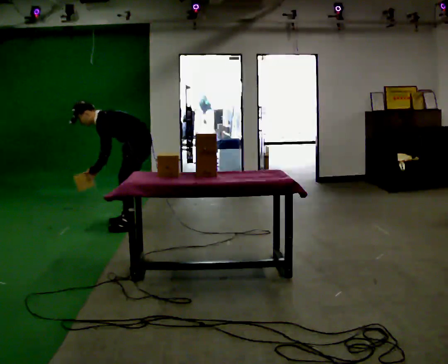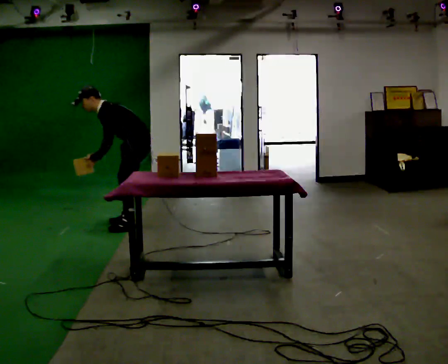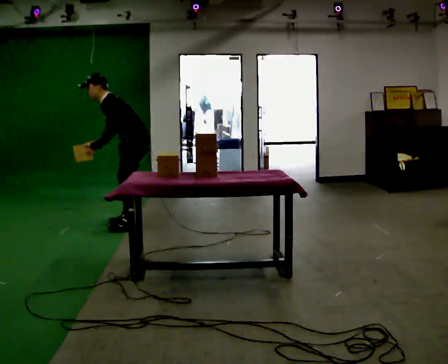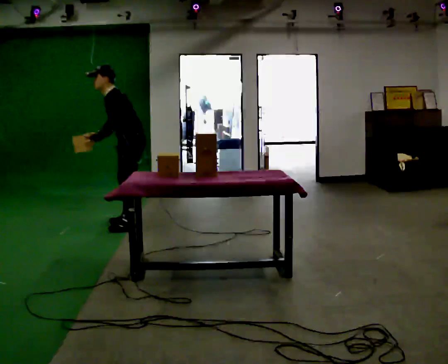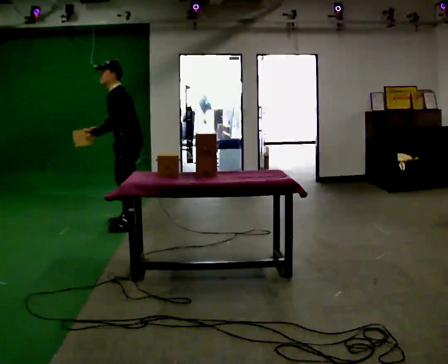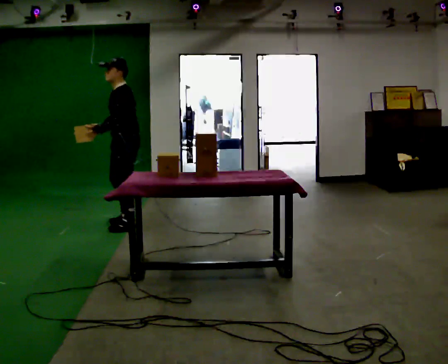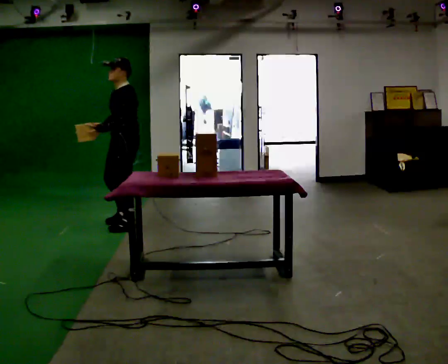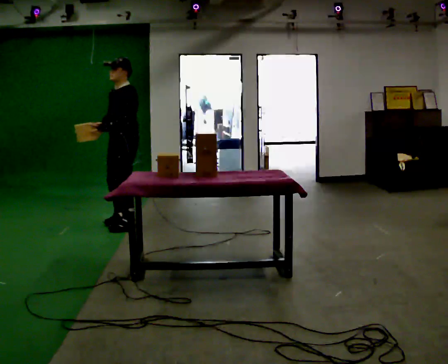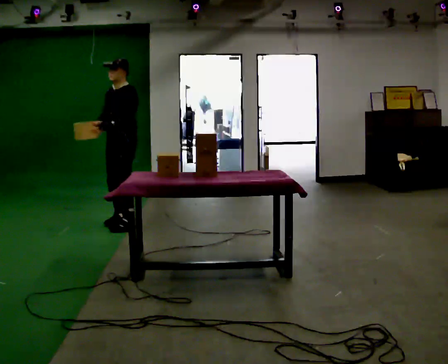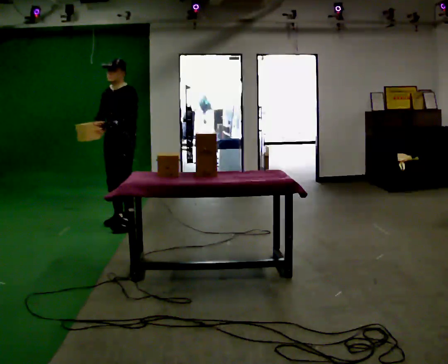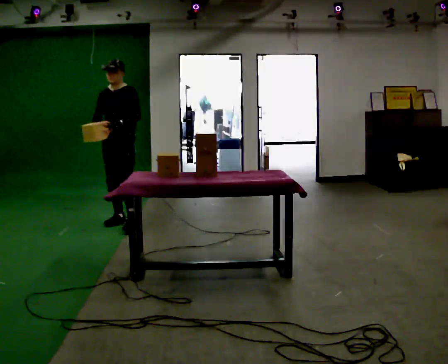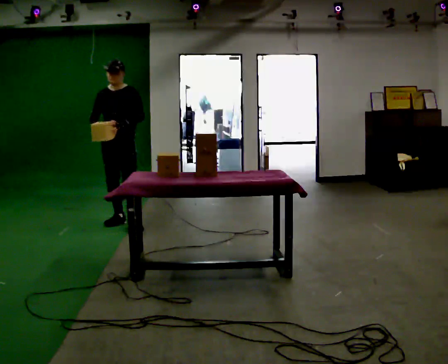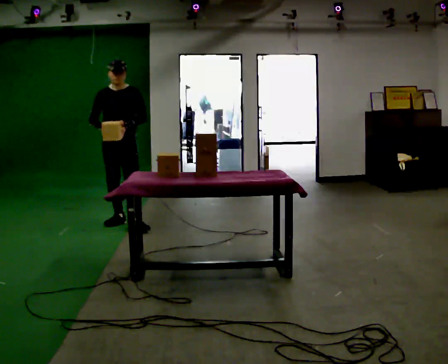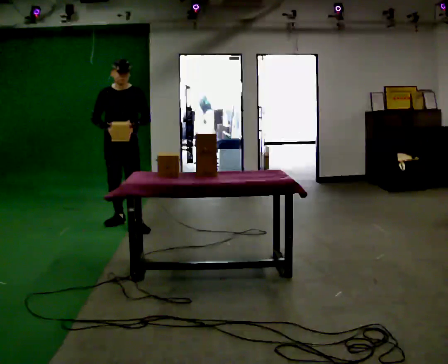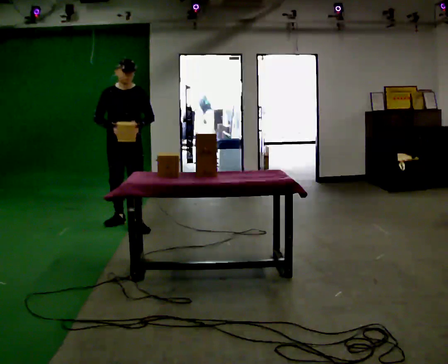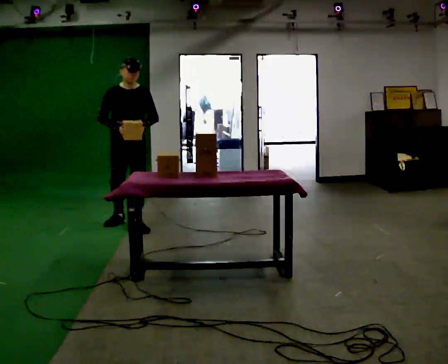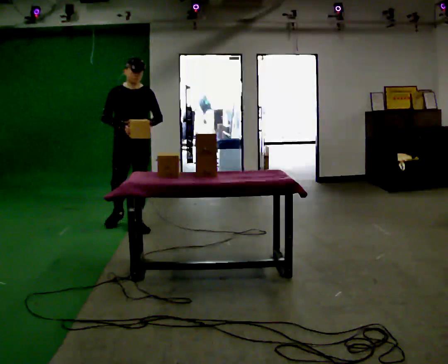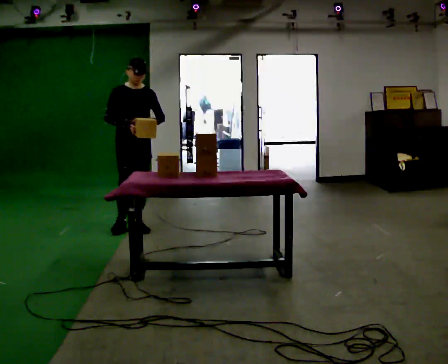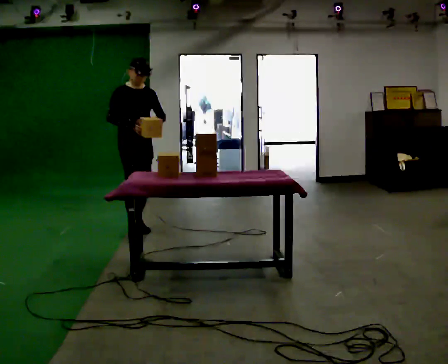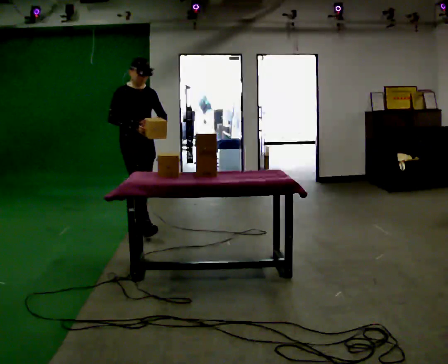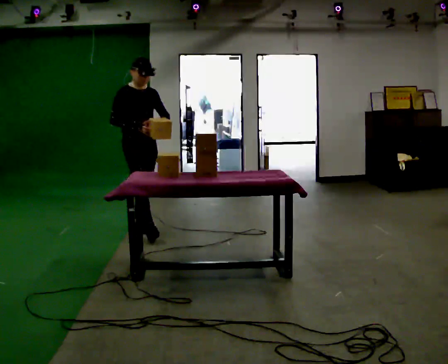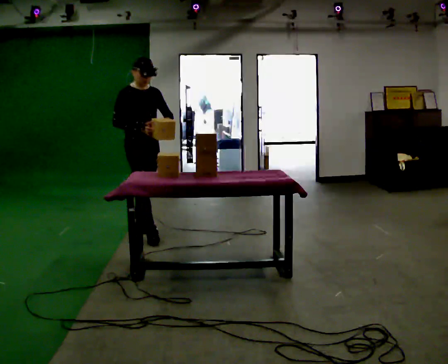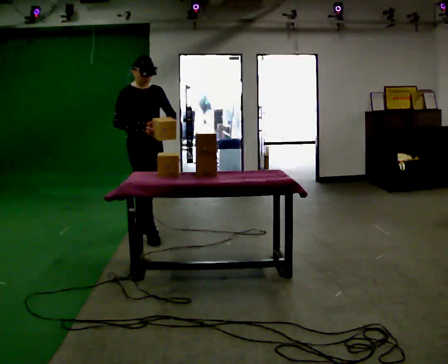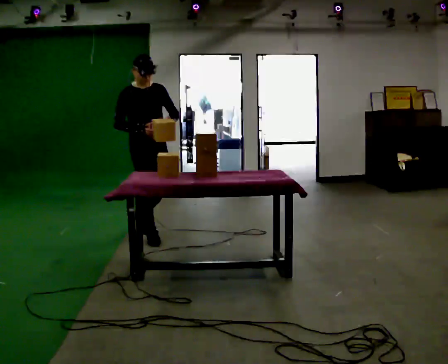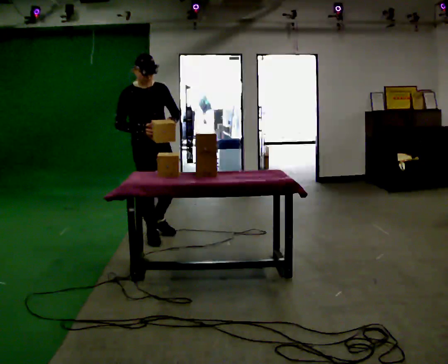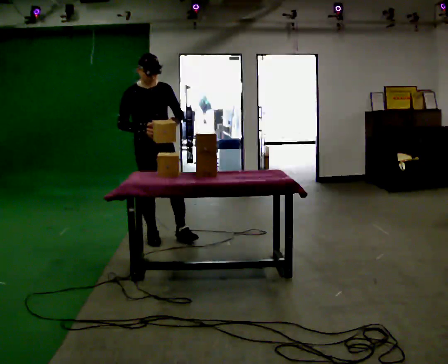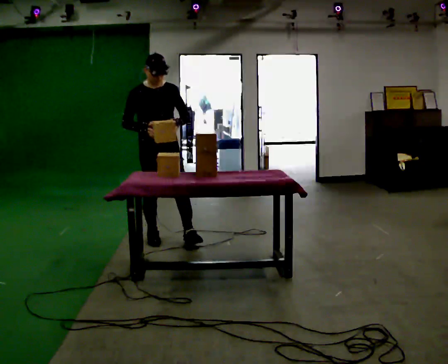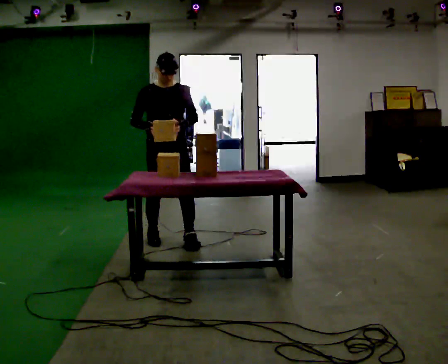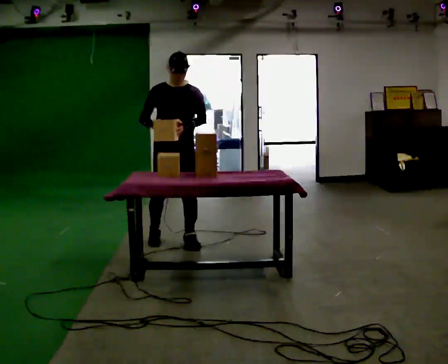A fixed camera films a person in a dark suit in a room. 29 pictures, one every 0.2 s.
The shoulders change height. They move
upward.
The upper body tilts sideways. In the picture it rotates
clockwise.
0.0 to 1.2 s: The upper body goes upward. In the picture the upper body tilts clockwise, shoulders to the right, as they lean back or straighten. In the picture their right hand goes upward.
1.2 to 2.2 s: The person turns about 60 degrees to their left, counterclockwise seen from above, so the part of the body nearest the lens slides to the right. In the picture they go away from the camera, about 0.25 m in 1 step, which for them is to their right.
2.2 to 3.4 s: The part of the body nearest the lens slides to the right as the person turns to their left by about 30 degrees. In the picture they go toward the camera, about 0.25 m, which for them is forward and to their left.
3.4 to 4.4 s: In the picture they go toward the camera, about 0.25 m in 1 step, which for them is forward.
4.4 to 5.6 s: The part of the body nearest the lens slides to the left as the person turns to their right by about 30 degrees. In the picture they go to the right and toward the camera, about 0.25 m in 1 step, which for them is forward and to their left.
The film runs forward here.
